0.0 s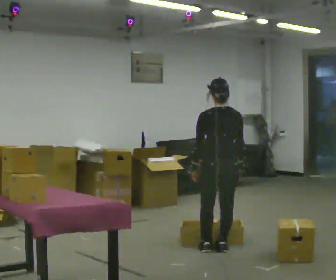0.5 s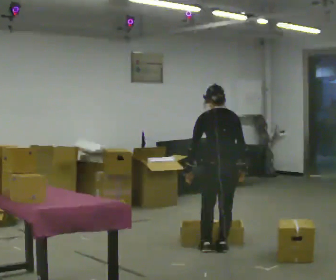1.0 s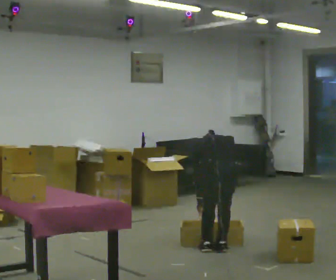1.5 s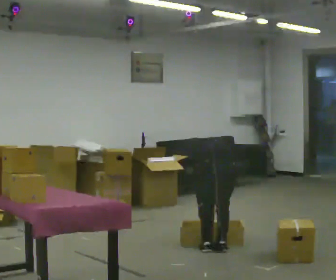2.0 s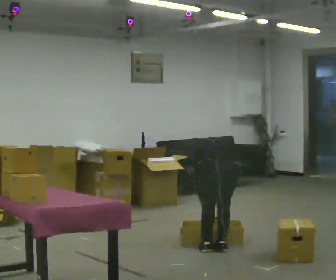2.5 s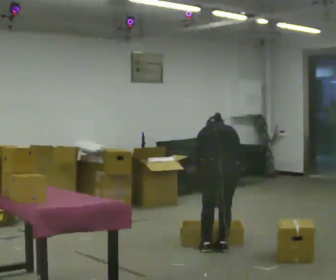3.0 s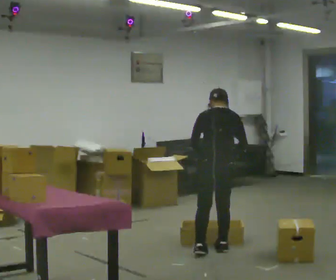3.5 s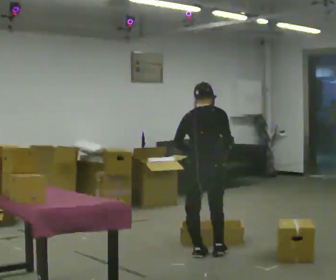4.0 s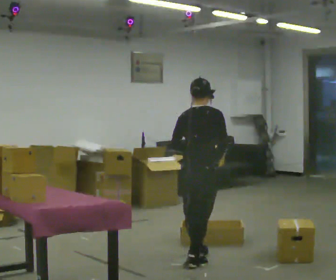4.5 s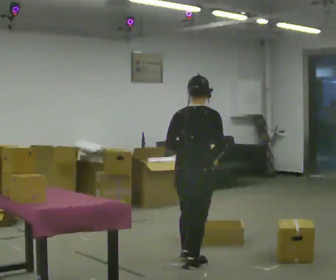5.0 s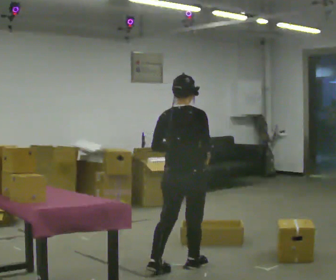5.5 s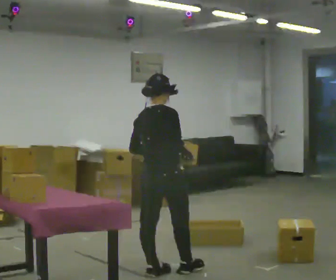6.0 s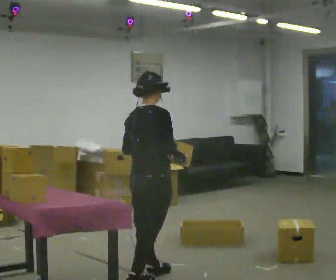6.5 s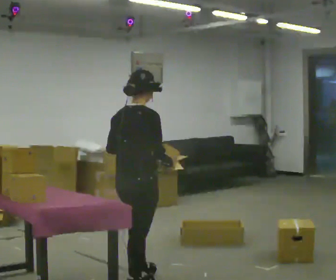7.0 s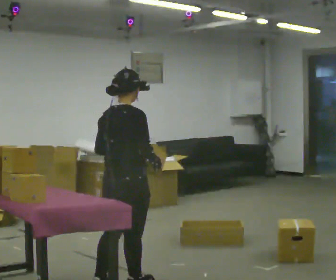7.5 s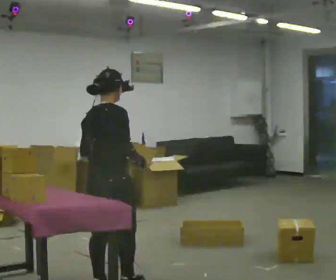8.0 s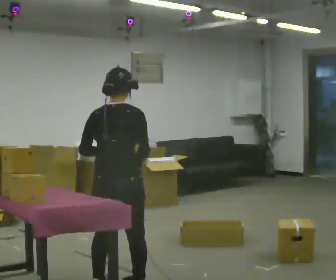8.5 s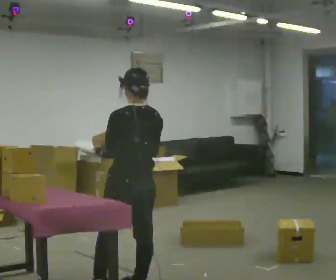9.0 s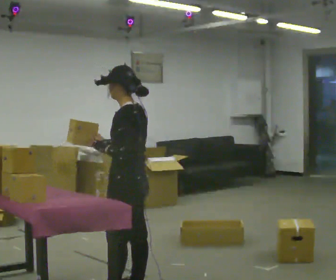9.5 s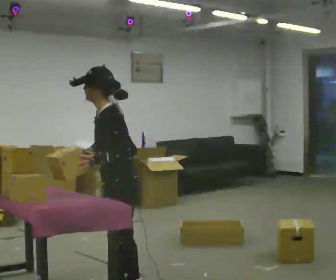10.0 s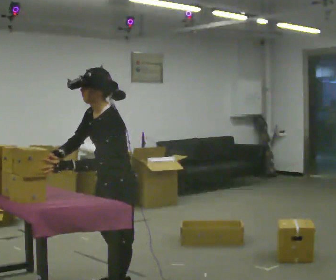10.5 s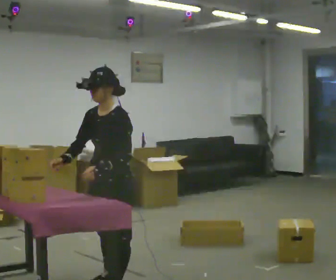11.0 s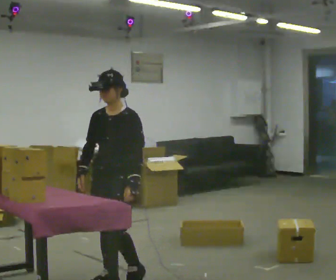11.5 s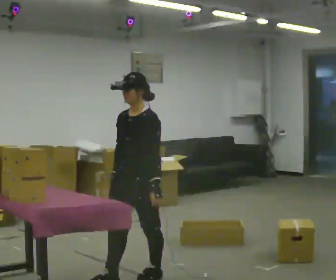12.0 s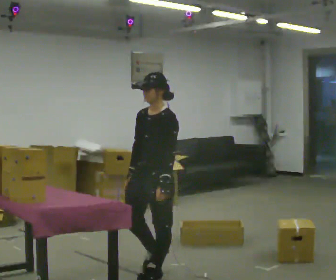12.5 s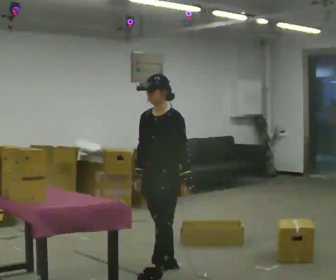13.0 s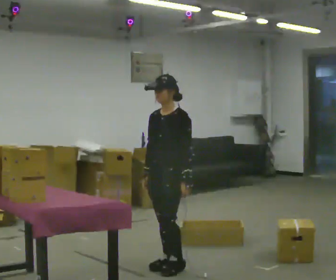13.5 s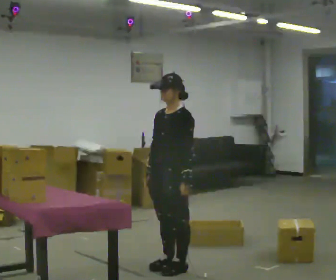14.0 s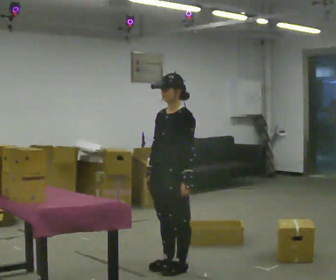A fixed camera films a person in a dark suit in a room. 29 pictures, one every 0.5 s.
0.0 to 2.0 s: The upper body goes downward. The upper body tips away from the camera, its near side rolling upward, as they bend forward. In the picture their left hand goes downward.
2.0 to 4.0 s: The part of the body nearest the lens slides to the left as the person turns to their right by about 30 degrees. In the picture they go to the left and toward the camera, about 0.25 m in 2 steps, which for them is backward and to their left. The shoulders move upward. The upper body tips toward the camera, its near side rolling downward, as they lean back or straighten. In the picture their left hand goes upward.
4.0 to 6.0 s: In the picture they go toward the camera and to the left, about 0.5 m in 2 steps, which for them is backward.
6.0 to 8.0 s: The person turns about 45 degrees to their left, counterclockwise seen from above, so the part of the body nearest the lens slides to the right. In the picture they go toward the camera and to the left, about 0.25 m in 1 step, which for them is backward.
8.0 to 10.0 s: The part of the body nearest the lens slides to the right as the person turns to their left by about 120 degrees. In the picture their right hand goes to the left.
10.0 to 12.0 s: In the picture they go away from the camera and to the right, about 0.5 m in 2 steps, which for them is backward. In the picture the upper body tilts clockwise, shoulders to the right, as they lean back or straighten.
12.0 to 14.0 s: In the picture they go away from the camera and to the right, about 0.25 m in 1 step, which for them is backward.
The film runs backward here.
